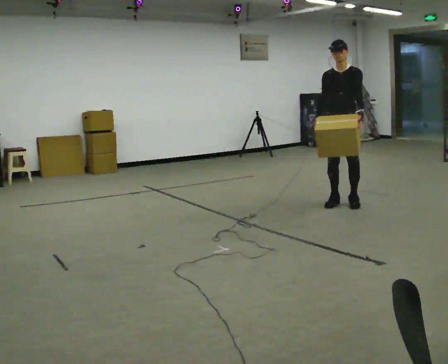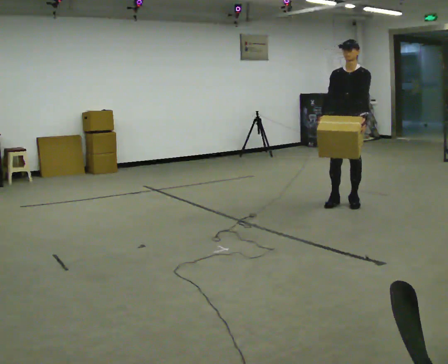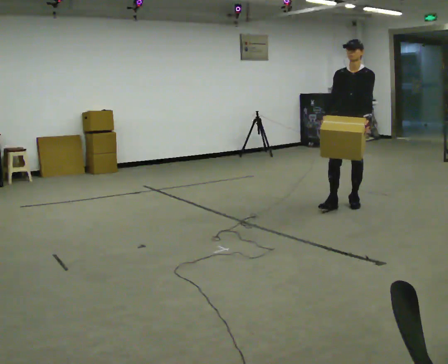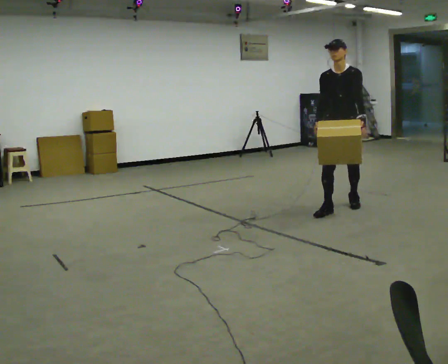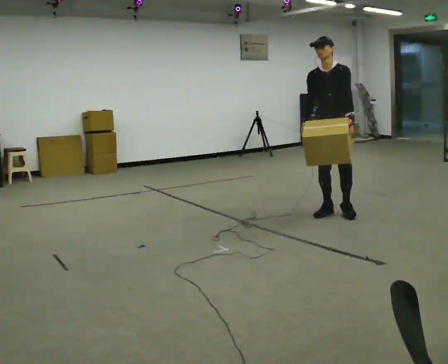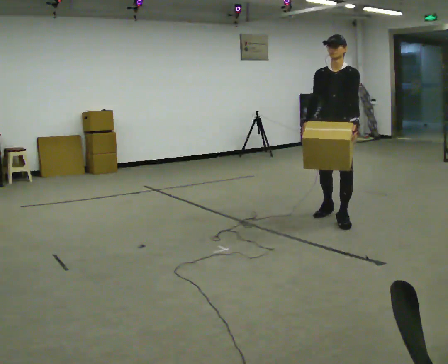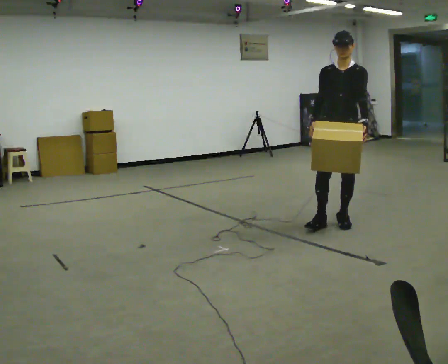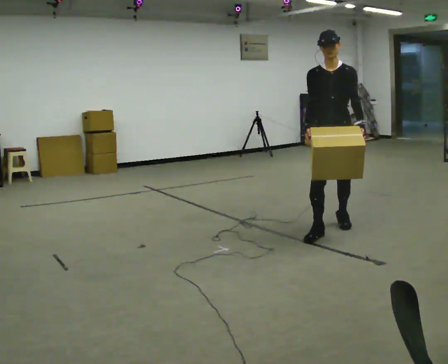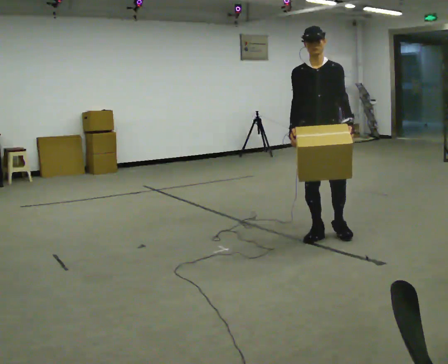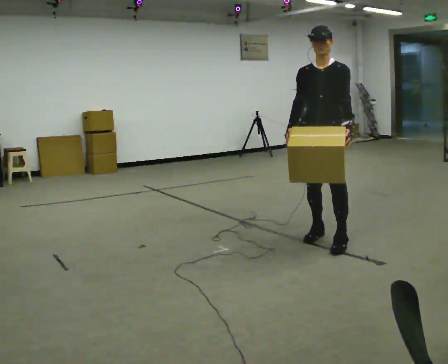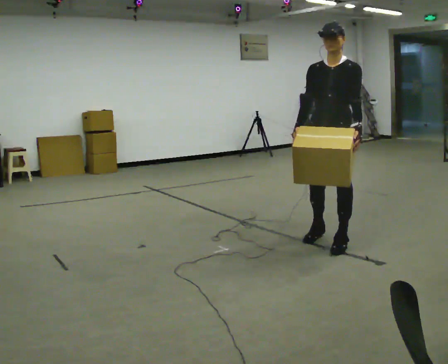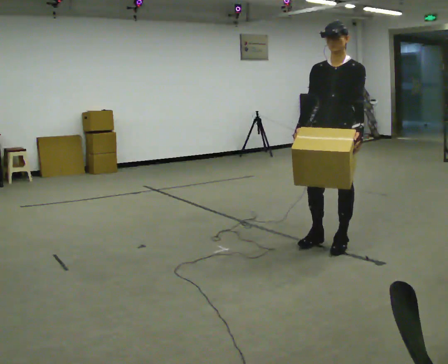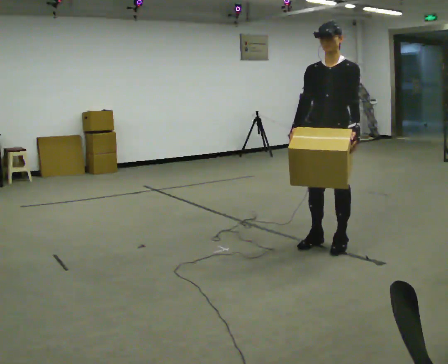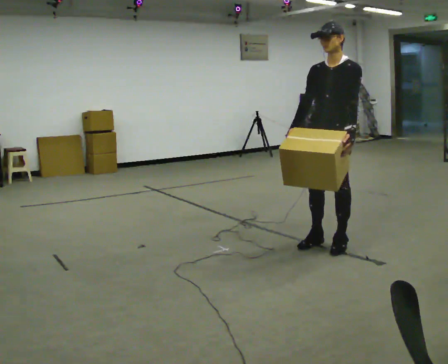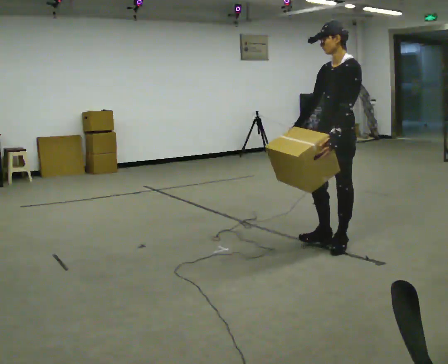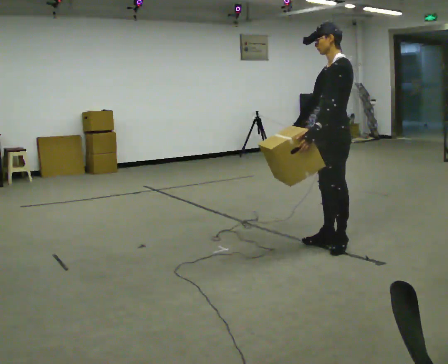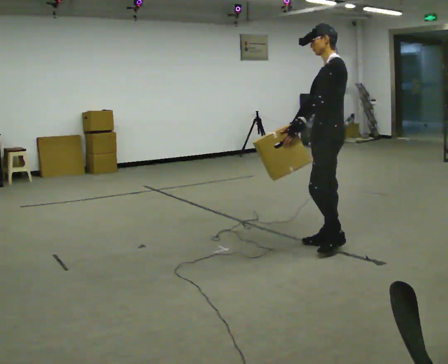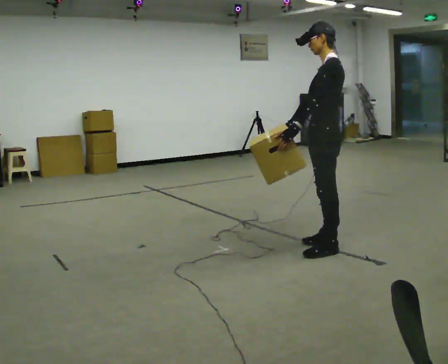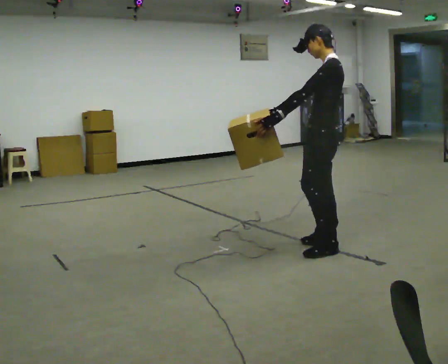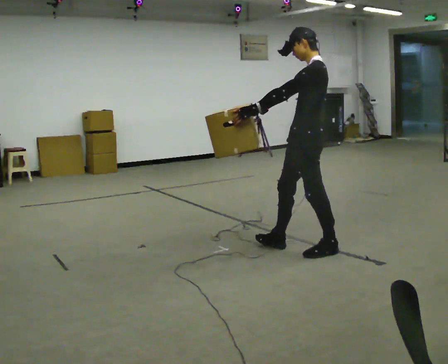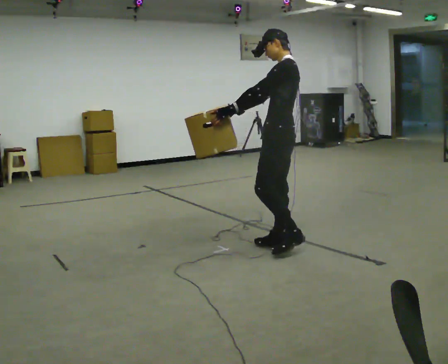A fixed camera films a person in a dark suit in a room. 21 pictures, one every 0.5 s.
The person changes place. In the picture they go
toward the camera.
0.0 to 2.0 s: In the picture they go toward the camera, about 0.5 m in 1 step, which for them is forward.
2.0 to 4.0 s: In the picture they go toward the camera, about 1 m in 2 steps, which for them is forward.
4.0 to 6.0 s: In the picture they go toward the camera, about 0.25 m in 2 steps, which for them is forward and to their left.
6.0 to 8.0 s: The part of the body nearest the lens slides to the left as the person turns to their right by about 60 degrees. In the picture their left hand goes to the left, the arm swinging clockwise.
8.0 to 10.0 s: In the picture they go to the left, about 0.5 m in 2 steps, which for them is forward.
The film runs forward here.
